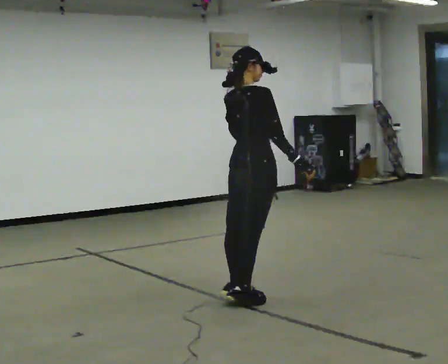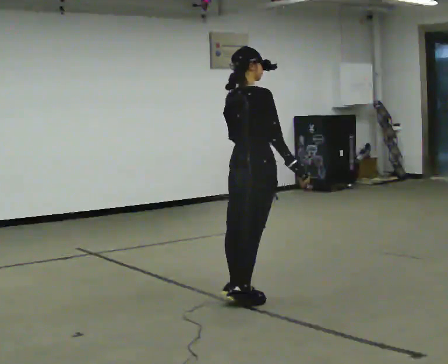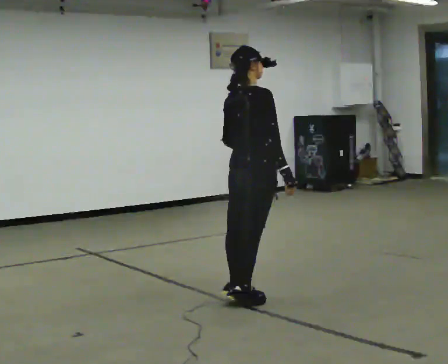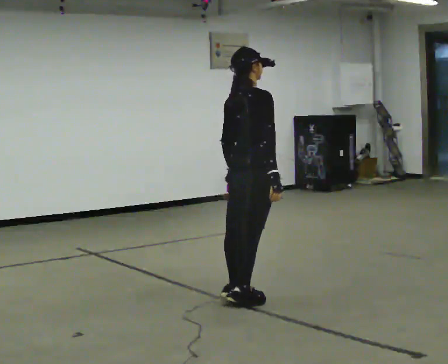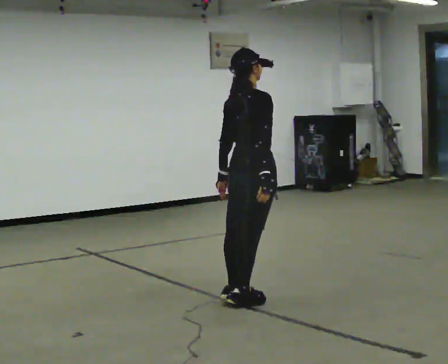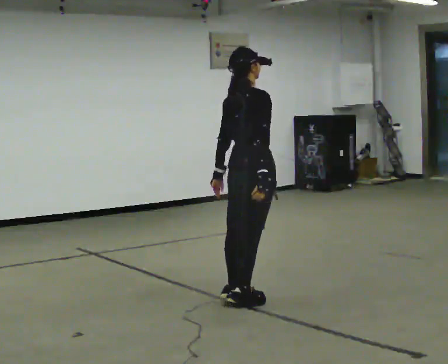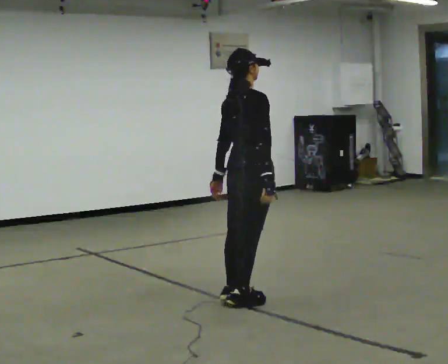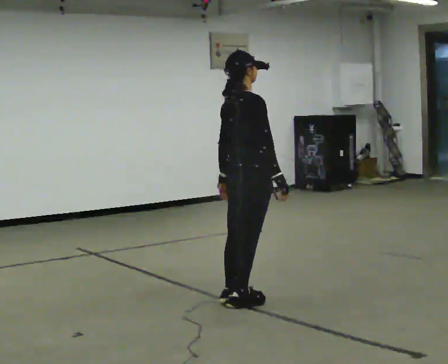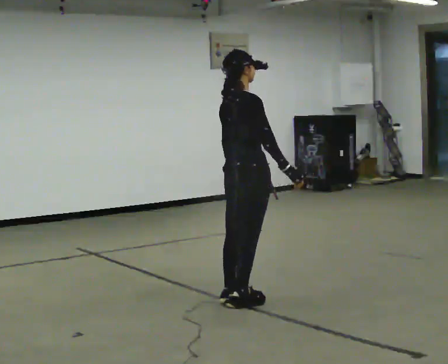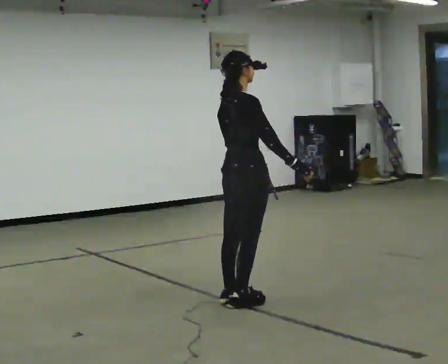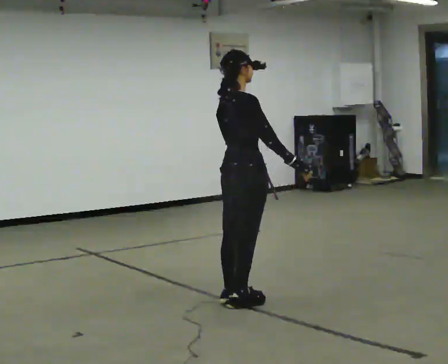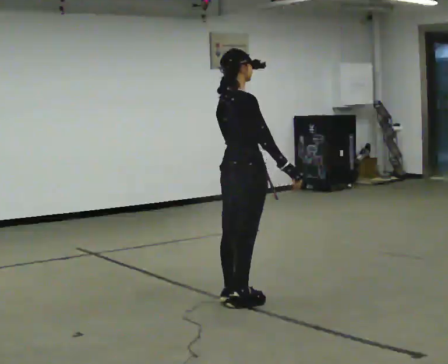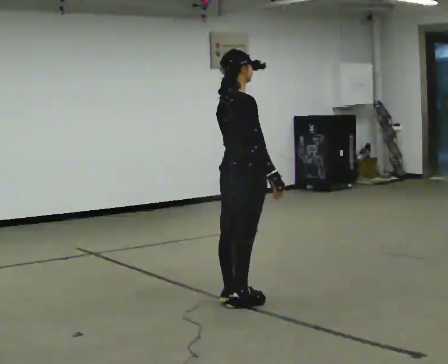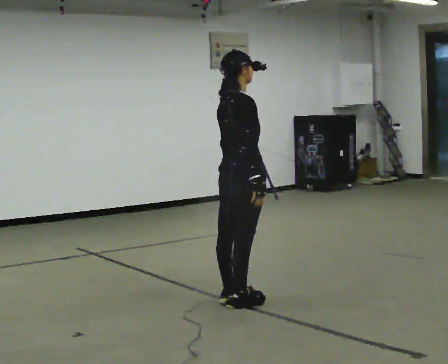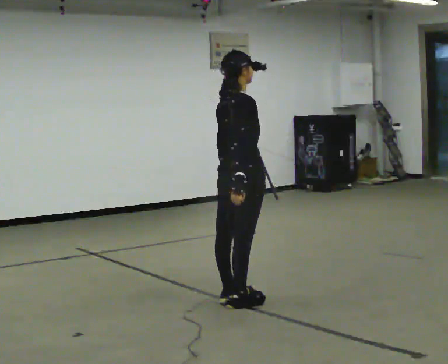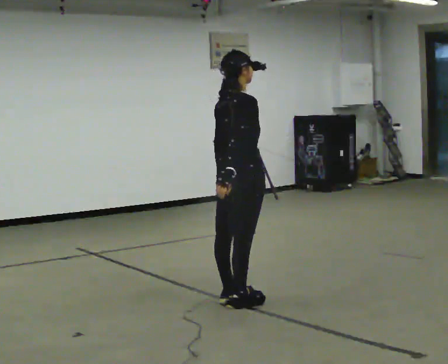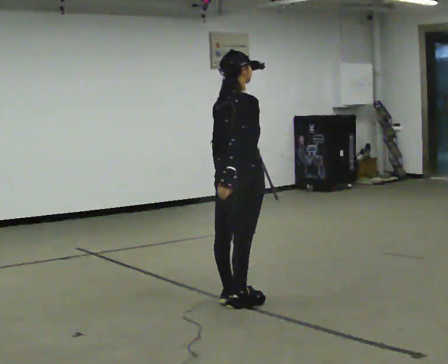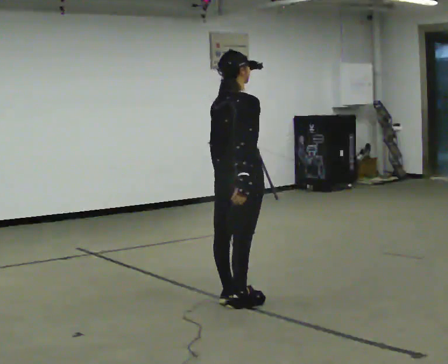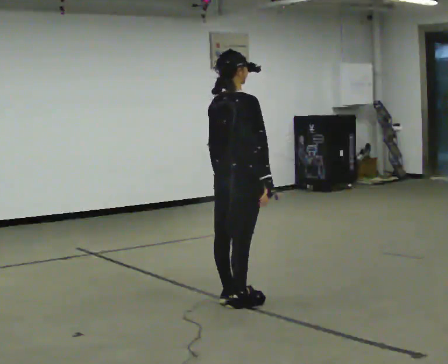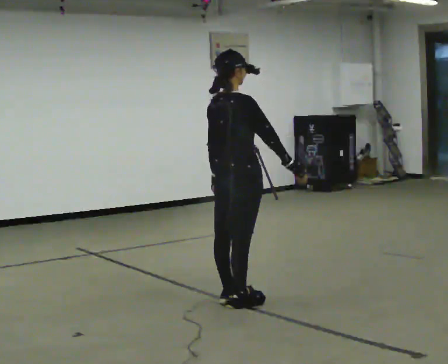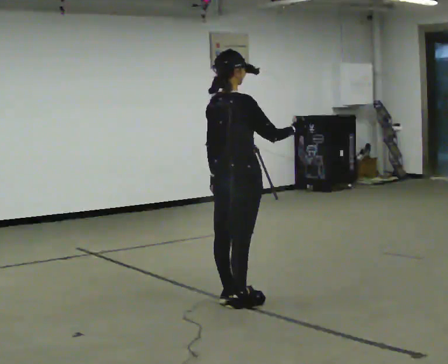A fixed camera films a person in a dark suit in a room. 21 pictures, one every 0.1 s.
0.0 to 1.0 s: In the picture their left hand goes downward.
1.0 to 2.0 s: The person moves a little, or ends about where they began.
The film runs backward here.
